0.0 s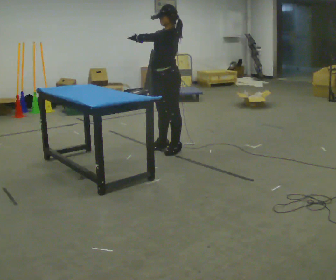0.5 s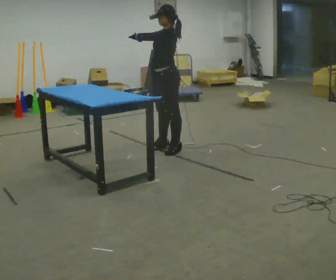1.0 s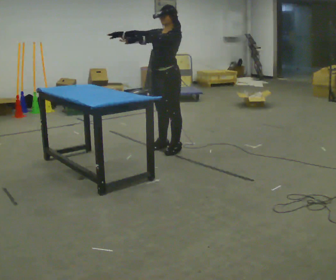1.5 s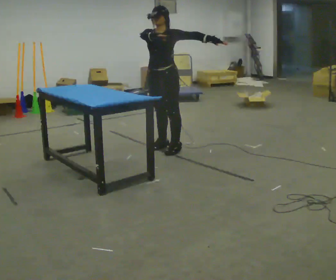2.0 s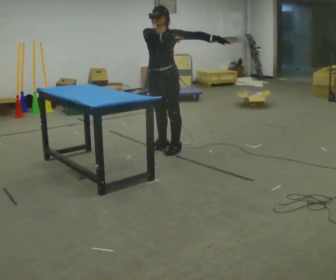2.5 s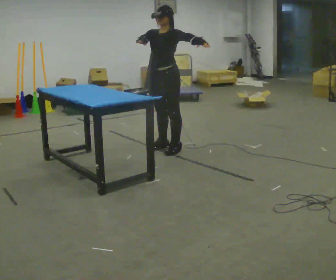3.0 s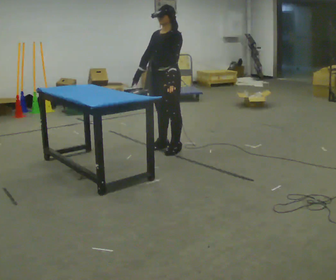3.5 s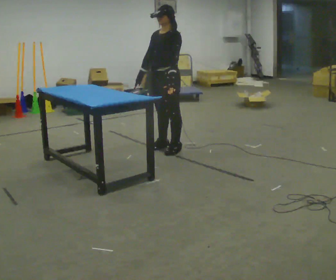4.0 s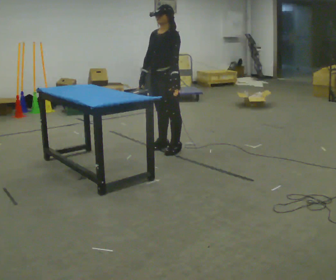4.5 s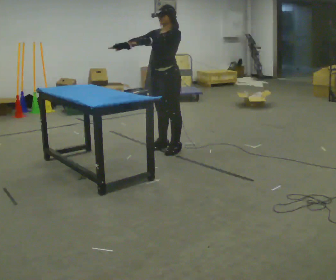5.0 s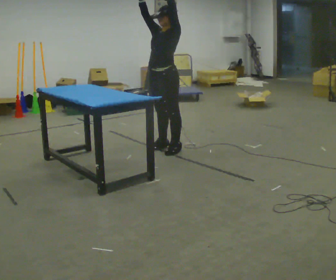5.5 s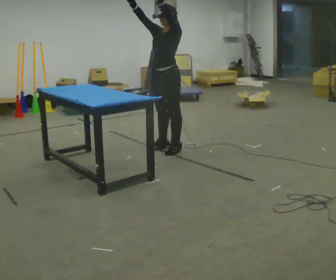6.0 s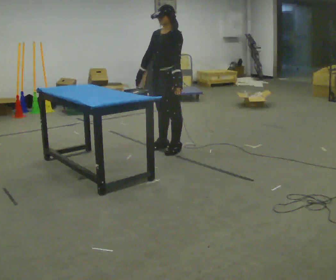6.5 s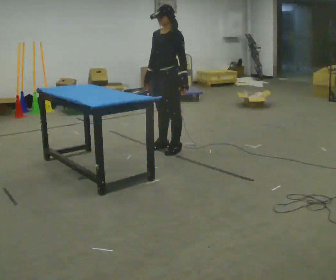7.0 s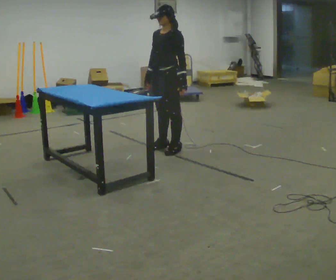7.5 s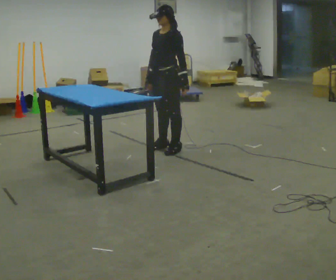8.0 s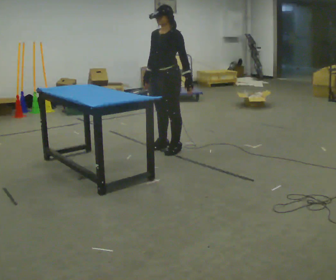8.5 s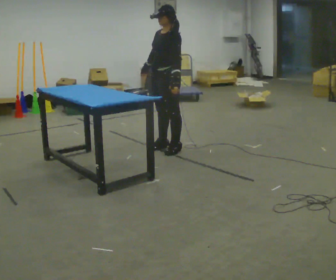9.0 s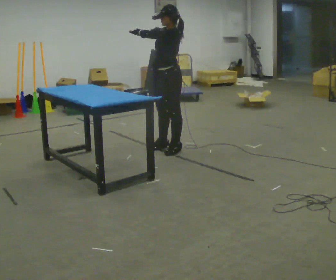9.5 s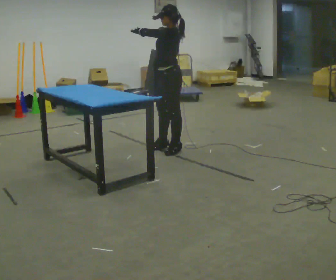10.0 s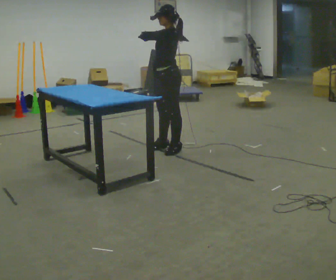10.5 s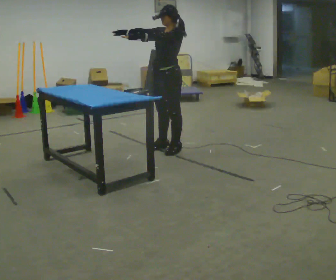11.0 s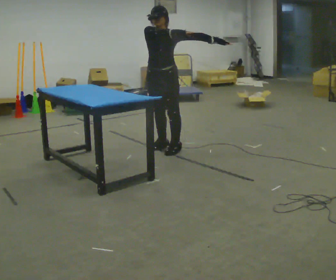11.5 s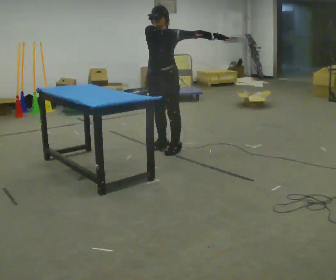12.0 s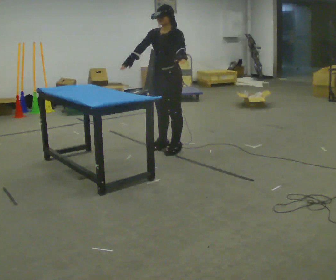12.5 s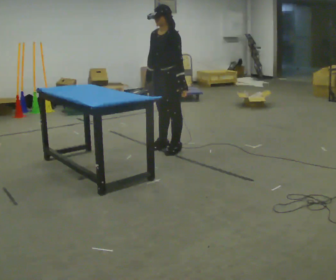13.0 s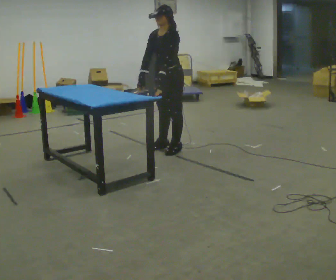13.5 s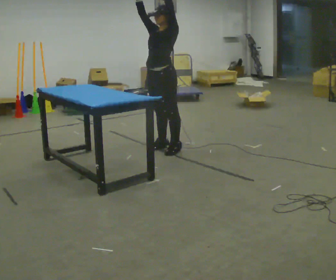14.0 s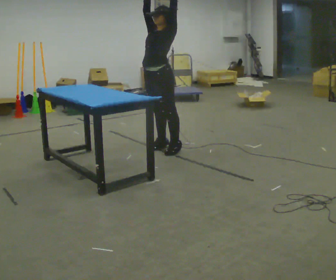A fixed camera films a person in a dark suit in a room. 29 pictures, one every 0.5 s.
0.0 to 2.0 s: The part of the body nearest the lens slides to the right as the person turns to their left by about 30 degrees.
2.0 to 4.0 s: In the picture their right hand goes downward.
4.0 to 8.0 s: The person moves a little, or ends about where they began.
8.0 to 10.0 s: The person turns about 30 degrees to their right, clockwise seen from above, so the part of the body nearest the lens slides to the left. In the picture their left hand goes to the left and upward.
10.0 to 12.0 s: Seen from above the body turns counterclockwise, about 30 degrees: to their left, with its near side sliding to the right. In the picture their right hand goes to the left.
12.0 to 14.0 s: In the picture their right hand goes upward.
The film runs backward here.
